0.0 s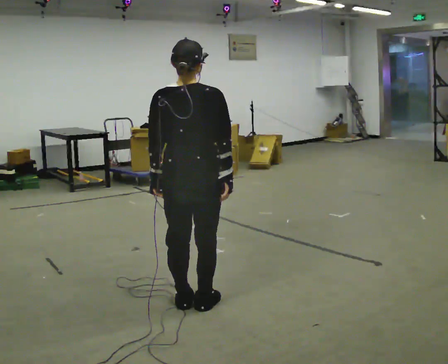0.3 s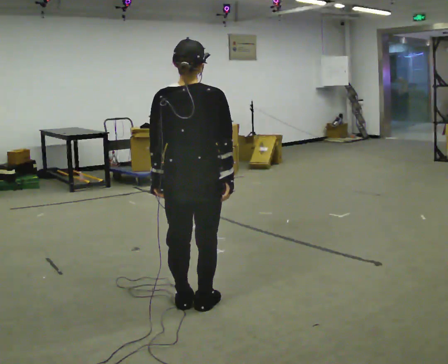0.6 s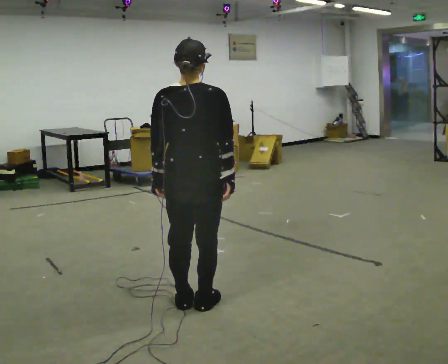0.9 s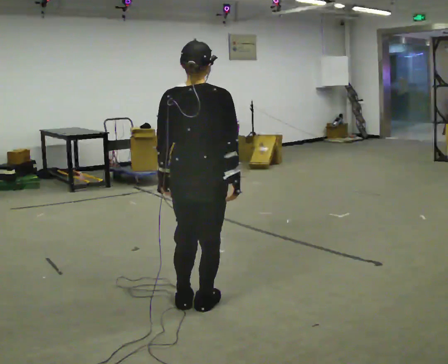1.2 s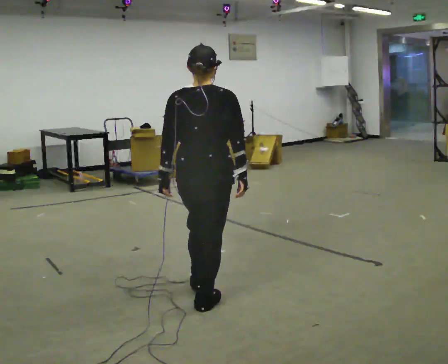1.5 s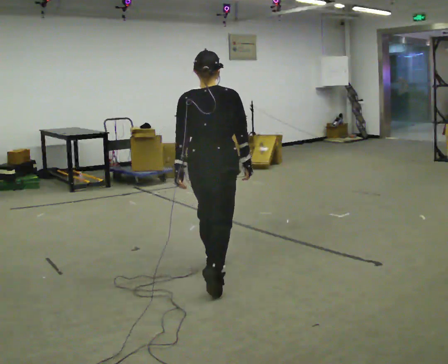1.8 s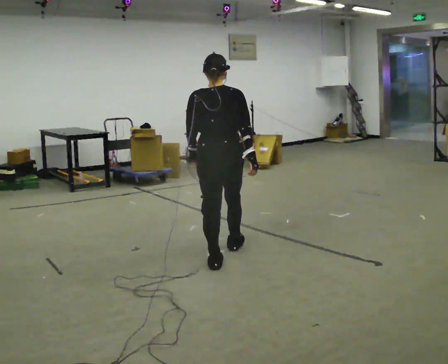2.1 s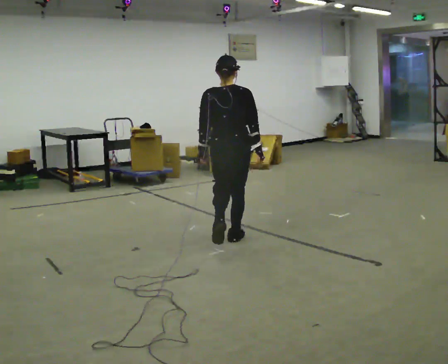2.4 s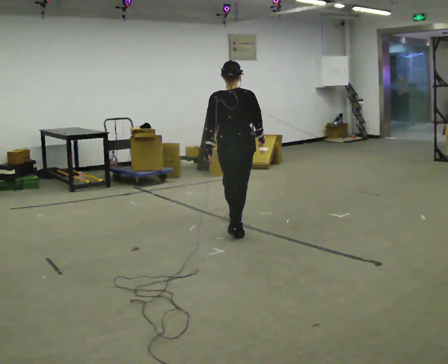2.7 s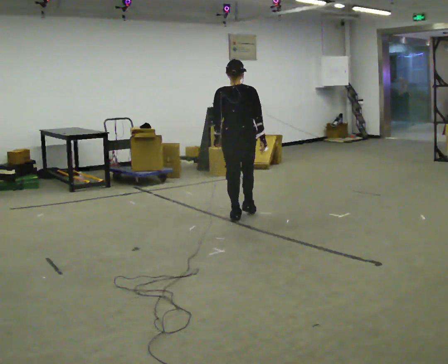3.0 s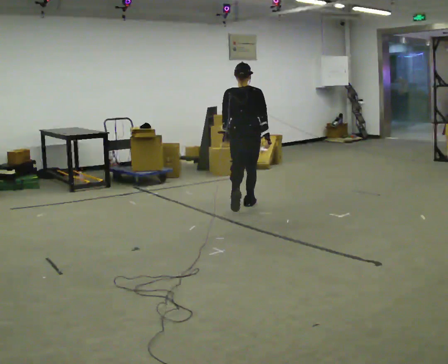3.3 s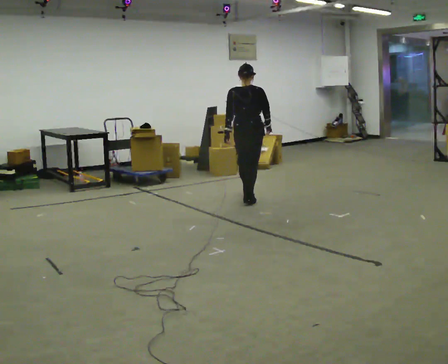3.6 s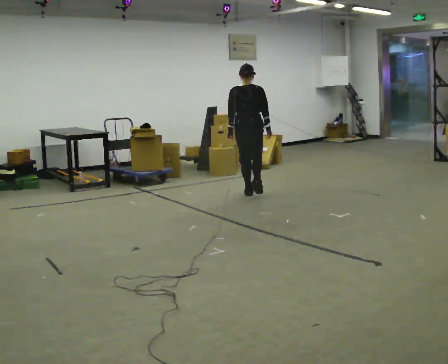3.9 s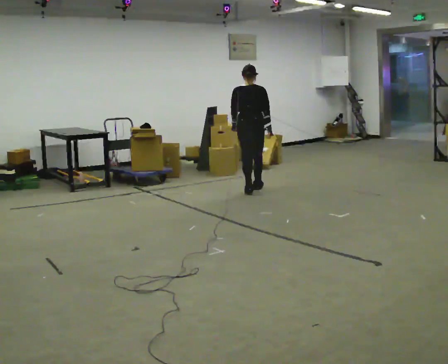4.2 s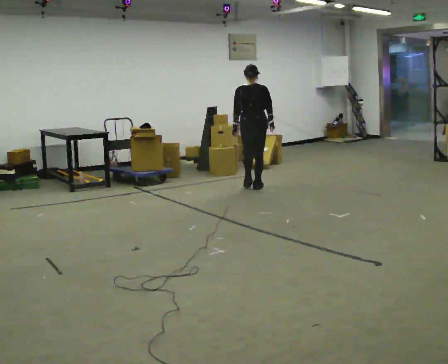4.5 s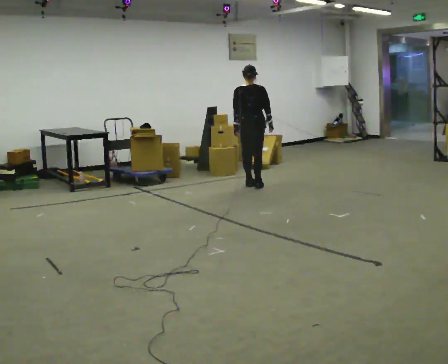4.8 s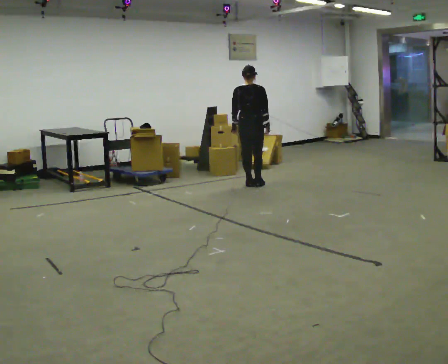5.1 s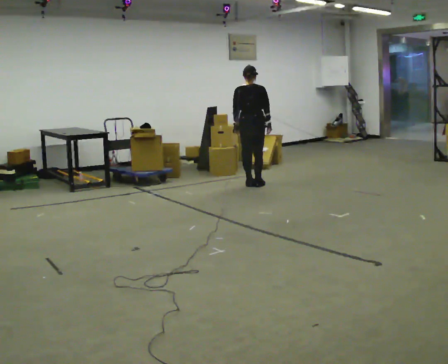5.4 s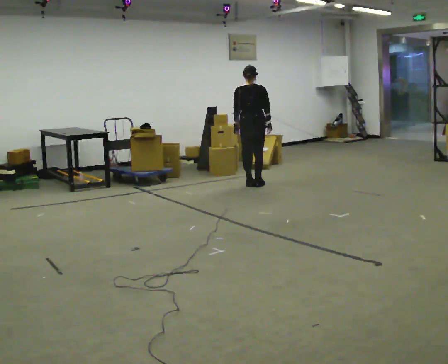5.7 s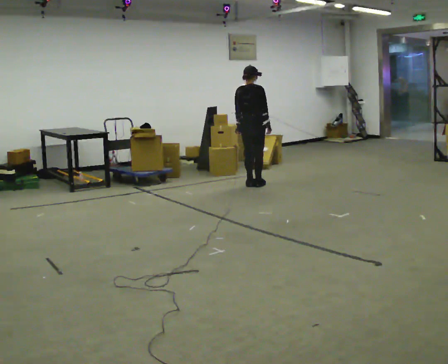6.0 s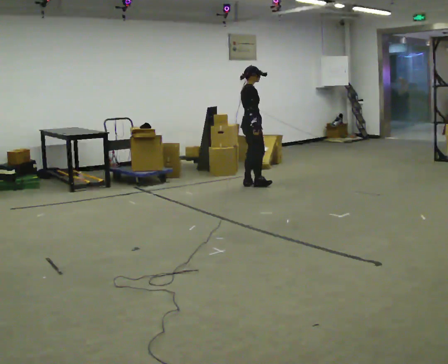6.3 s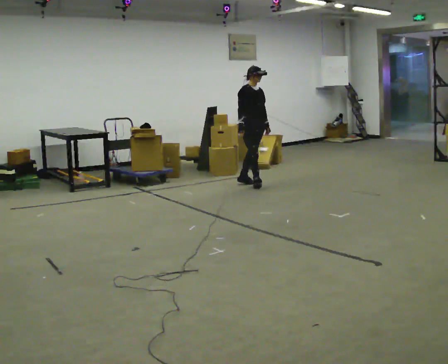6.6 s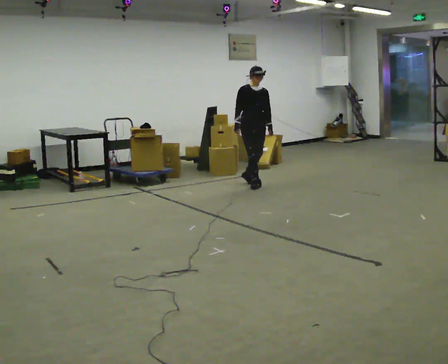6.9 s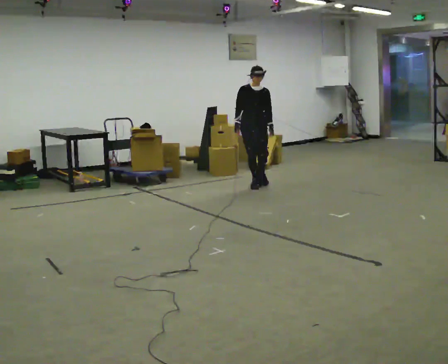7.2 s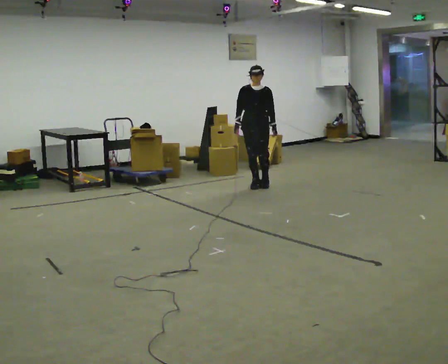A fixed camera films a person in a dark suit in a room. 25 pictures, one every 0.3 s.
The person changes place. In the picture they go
away from the camera.
The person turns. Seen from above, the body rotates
clockwise.
0.0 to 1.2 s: In the picture they go away from the camera, about 0.25 m, which for them is forward.
1.2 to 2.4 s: In the picture they go away from the camera, about 1.5 m in 2 steps, which for them is forward.
2.4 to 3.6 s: In the picture they go away from the camera, about 1.5 m in 3 steps, which for them is forward.
3.6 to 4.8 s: In the picture they go away from the camera, about 0.5 m in 3 steps, which for them is forward.
4.8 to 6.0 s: The person turns about 75 degrees to their right, clockwise seen from above, so the part of the body nearest the lens slides to the left.
6.0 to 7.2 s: Seen from above the body turns clockwise, about 105 degrees: to their right, with its near side sliding to the left.
The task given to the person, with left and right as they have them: Start still; accelerate to fast walking; hold the fast speed for several steps; decelerate and stop. Do not run.
The film runs forward here.
